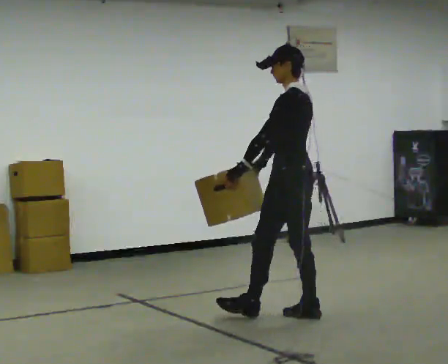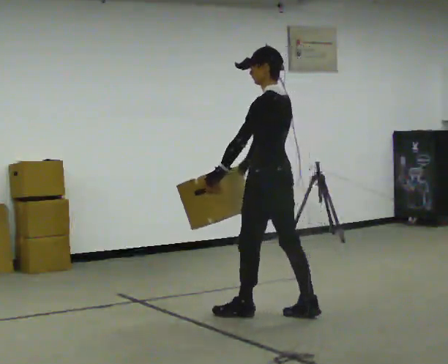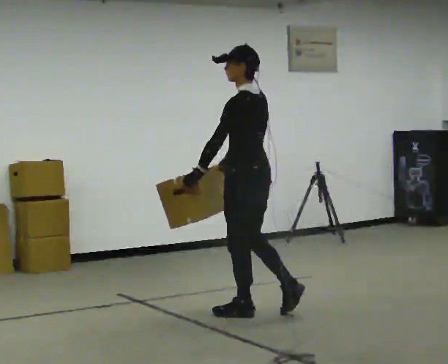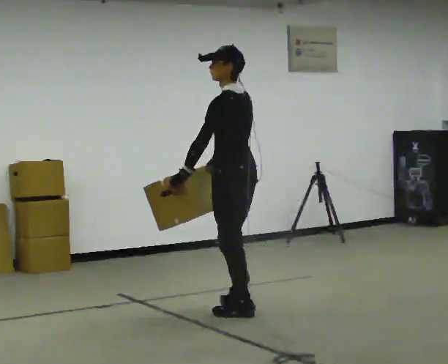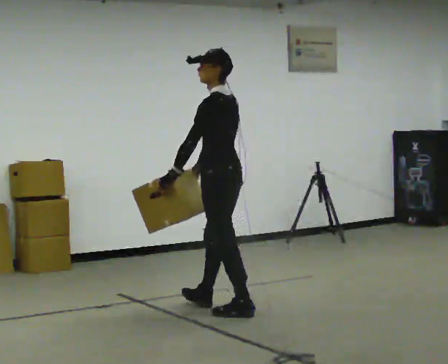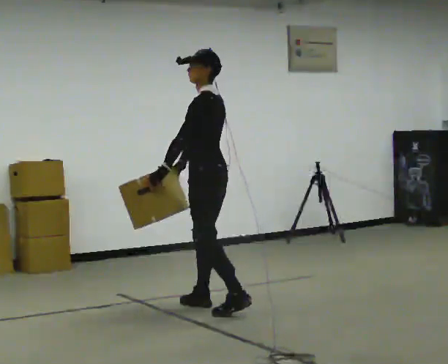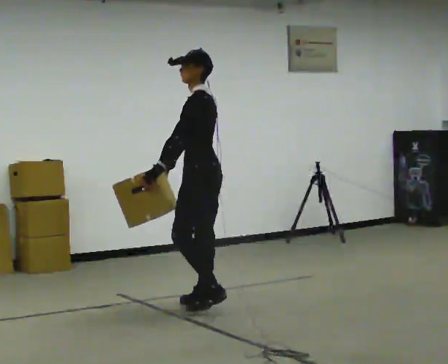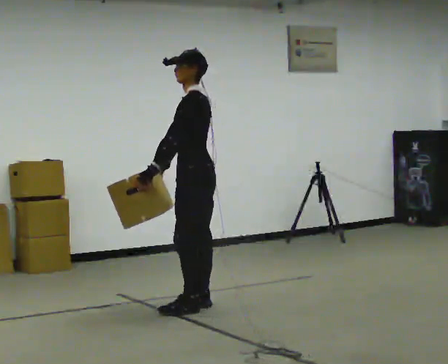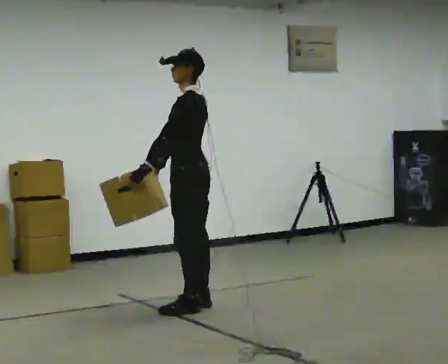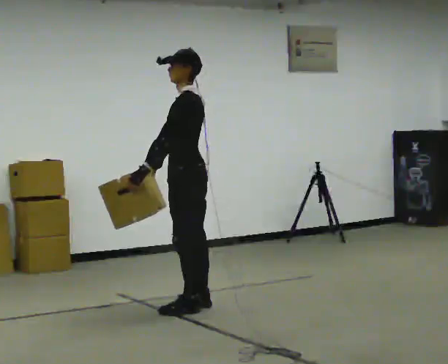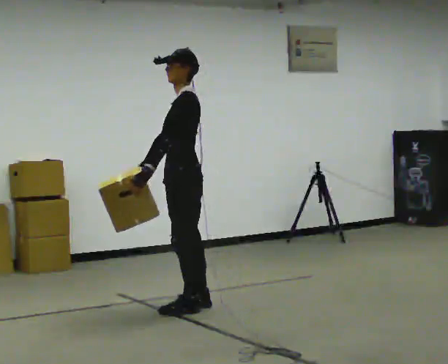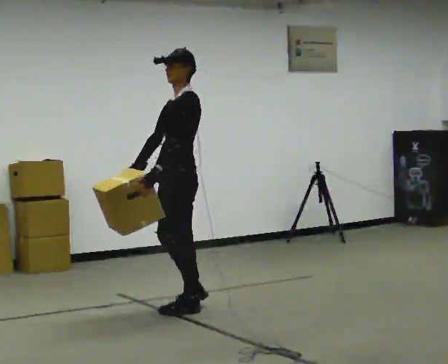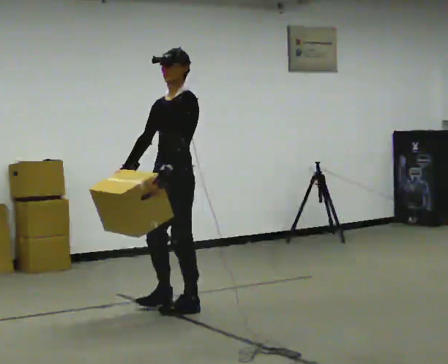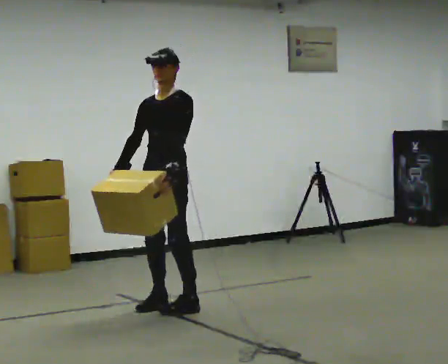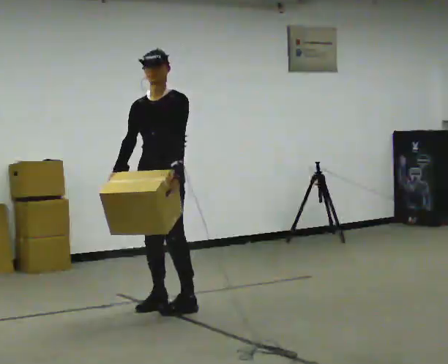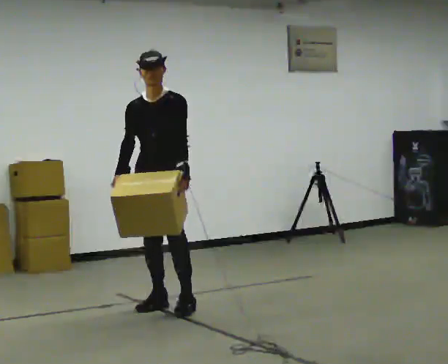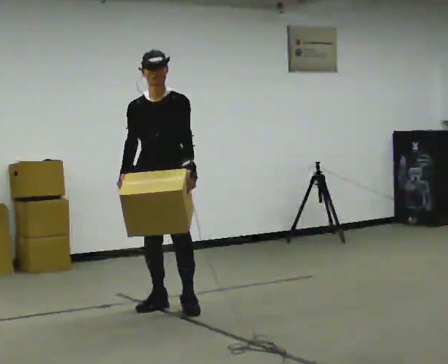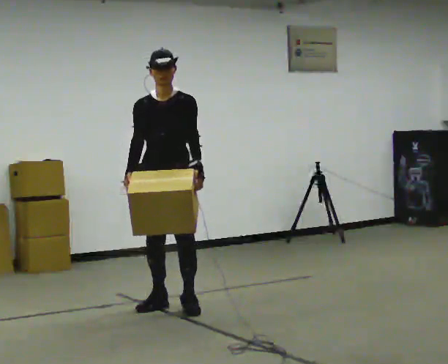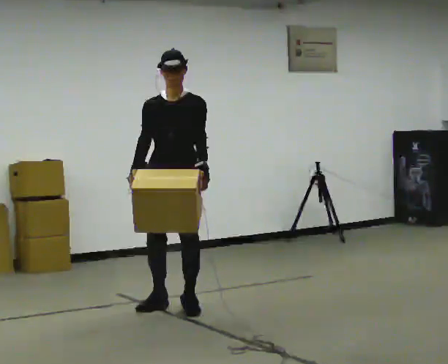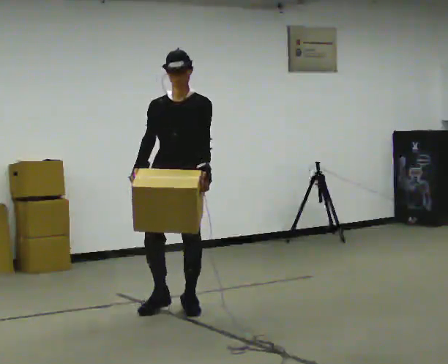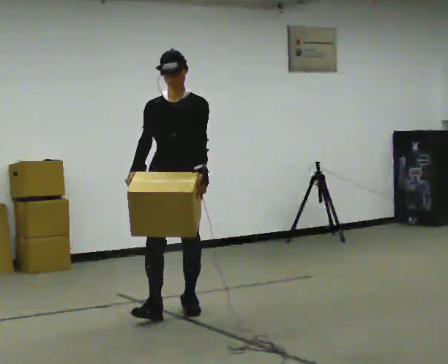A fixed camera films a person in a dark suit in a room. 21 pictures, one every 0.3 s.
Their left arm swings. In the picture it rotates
counterclockwise.
The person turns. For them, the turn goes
to their left.
0.0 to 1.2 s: In the picture they go to the left and away from the camera, about 0.5 m in 2 steps, which for them is forward.
1.2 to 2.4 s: In the picture they go to the left, about 0.25 m in 1 step, which for them is forward.
2.4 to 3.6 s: Seen from above the body turns counterclockwise, about 45 degrees: to their left, with its near side sliding to the right.
3.6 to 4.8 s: The part of the body nearest the lens slides to the right as the person turns to their left by about 45 degrees.
4.8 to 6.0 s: In the picture they go toward the camera, about 0.25 m, which for them is forward.
The film runs forward here.
